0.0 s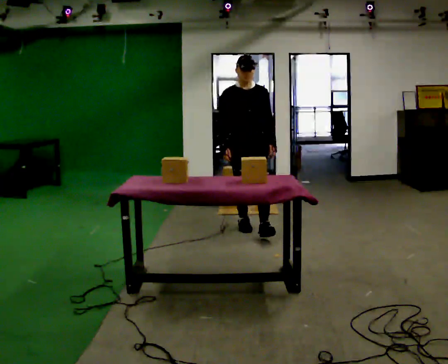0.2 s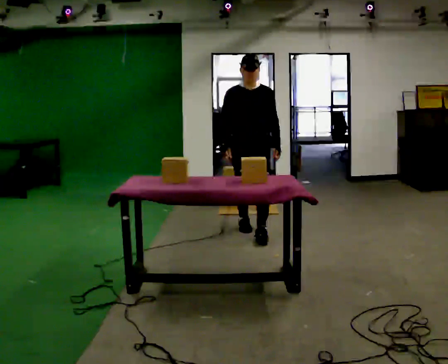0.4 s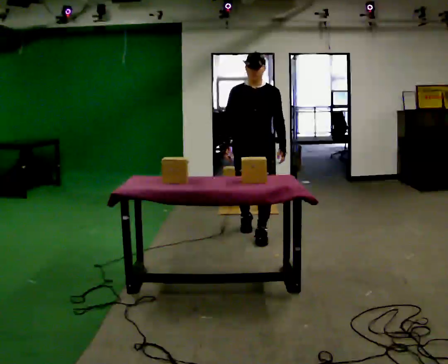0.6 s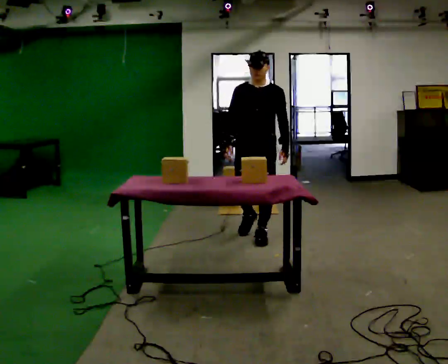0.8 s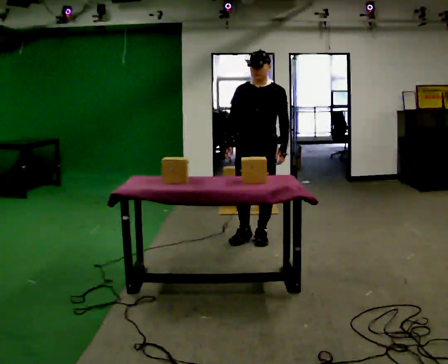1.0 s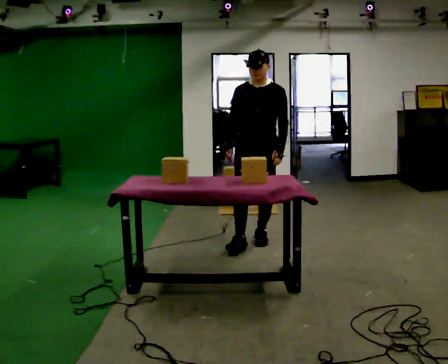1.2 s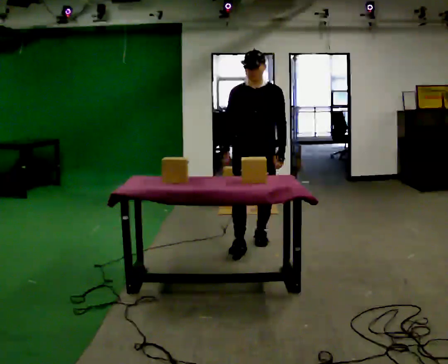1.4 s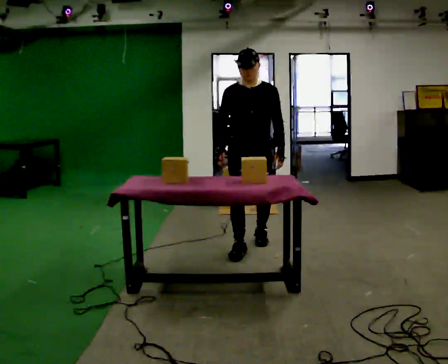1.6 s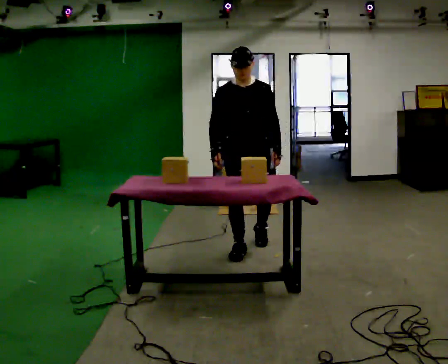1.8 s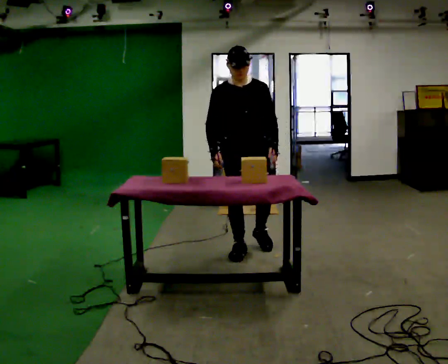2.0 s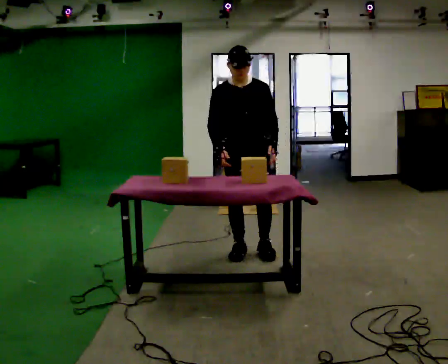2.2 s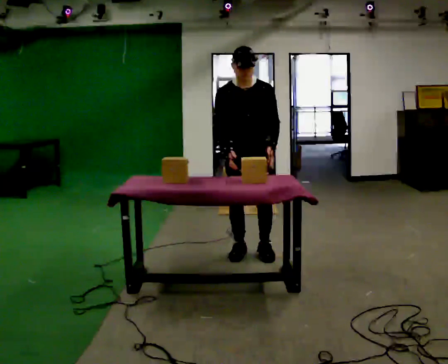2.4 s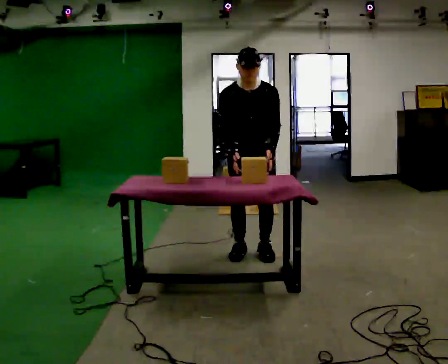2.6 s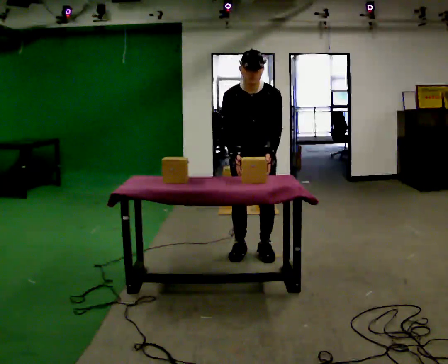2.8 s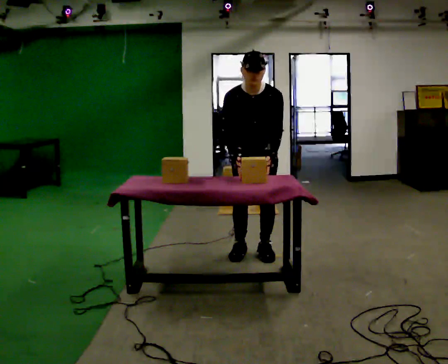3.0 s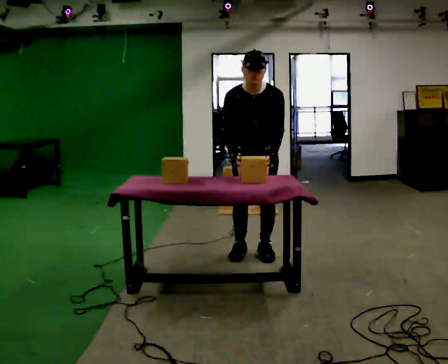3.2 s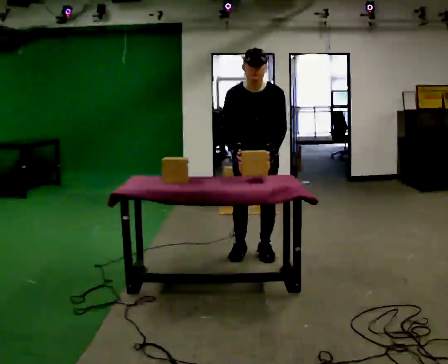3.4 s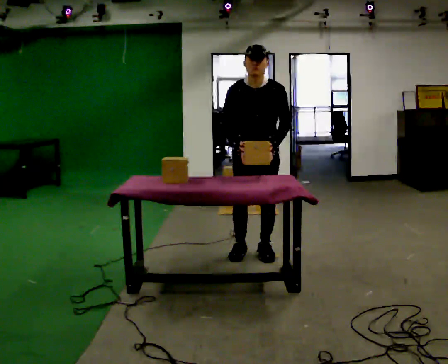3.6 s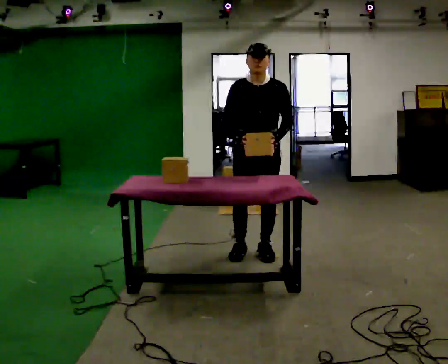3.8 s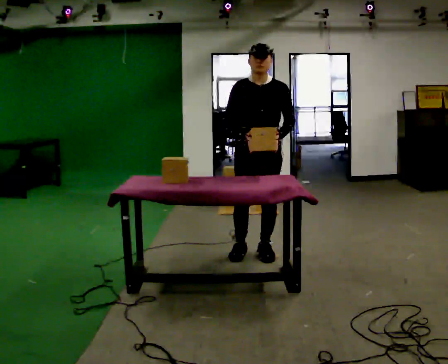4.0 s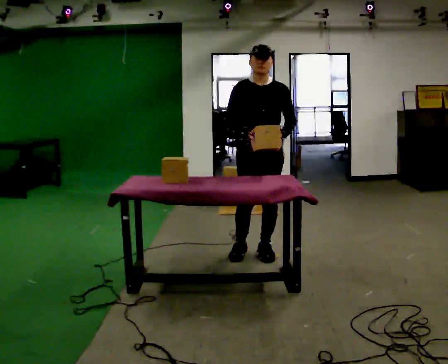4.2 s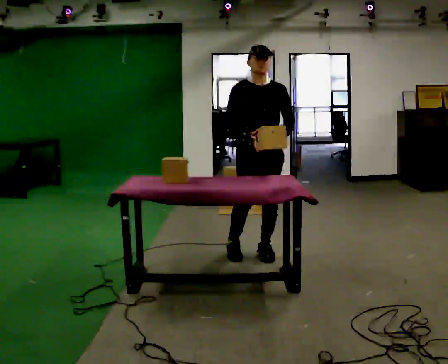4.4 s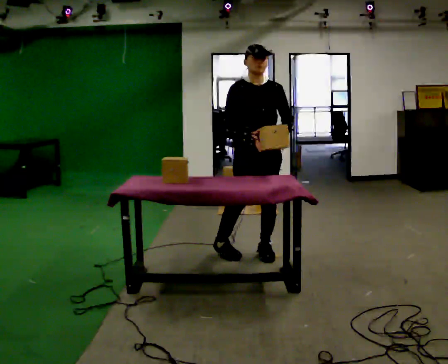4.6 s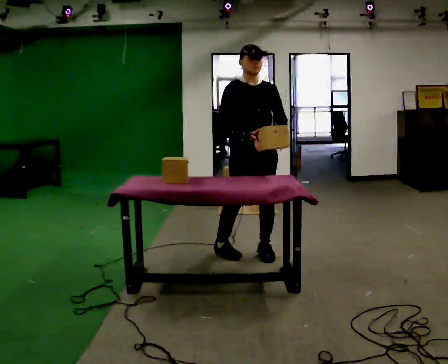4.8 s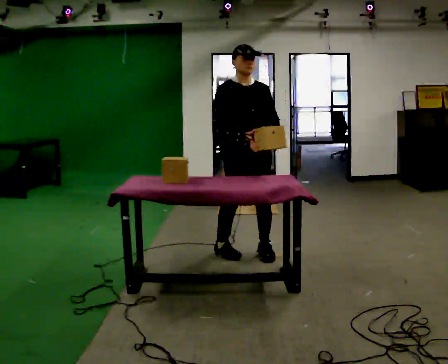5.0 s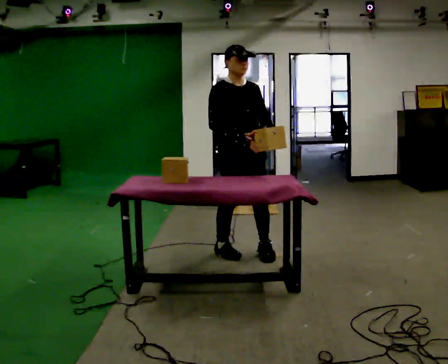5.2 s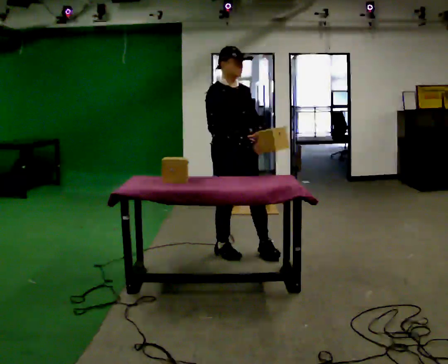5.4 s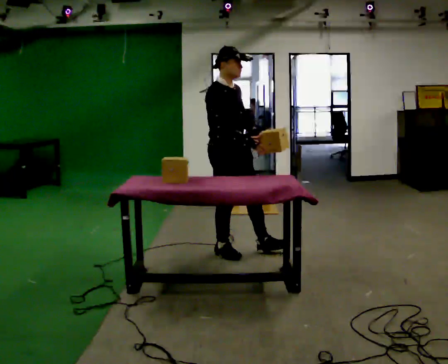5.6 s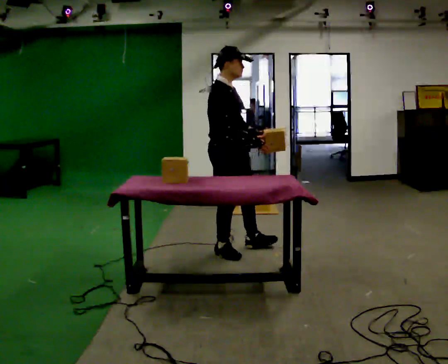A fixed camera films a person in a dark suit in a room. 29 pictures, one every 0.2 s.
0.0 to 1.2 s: In the picture they go toward the camera, about 0.5 m in 2 steps, which for them is forward.
1.2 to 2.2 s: In the picture they go toward the camera, about 0.25 m in 1 step, which for them is forward. The upper body tips toward the camera, its near side rolling downward, as they bend forward.
2.2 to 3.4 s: The person moves a little, or ends about where they began.
3.4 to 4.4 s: The upper body tips away from the camera, its near side rolling upward, as they lean back or straighten.
4.4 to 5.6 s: The person turns about 60 degrees to their left, counterclockwise seen from above, so the part of the body nearest the lens slides to the right. In the picture they go to the left, about 0.25 m.
The film runs forward here.
